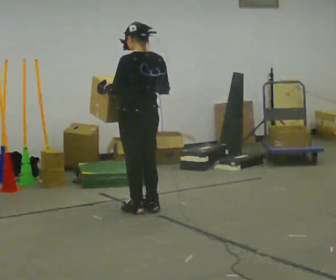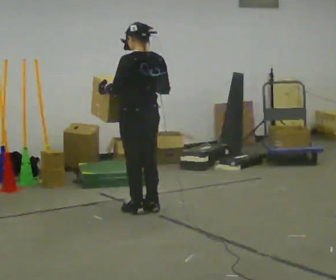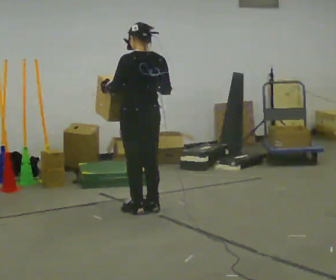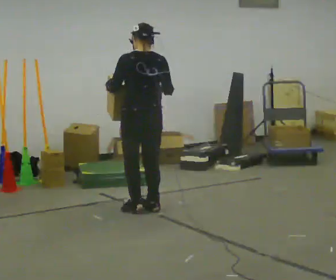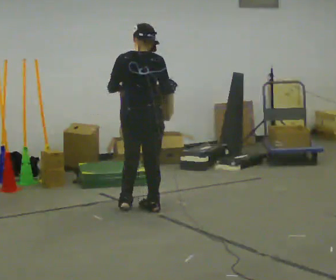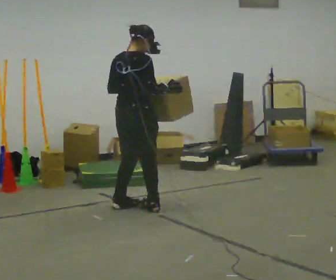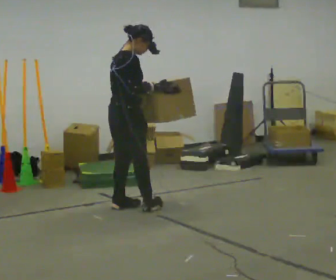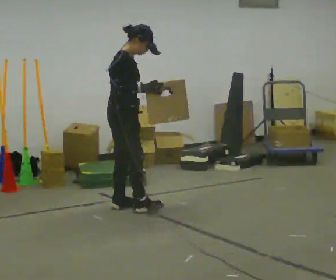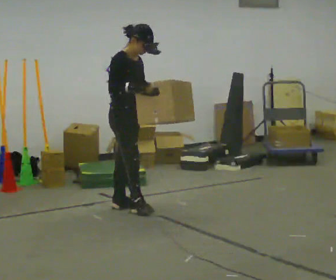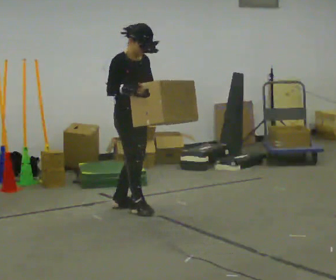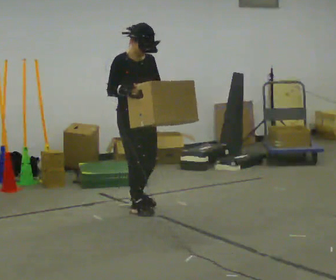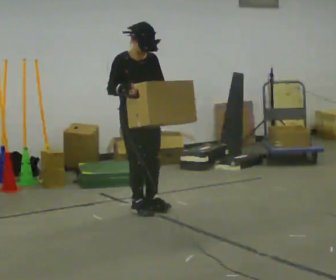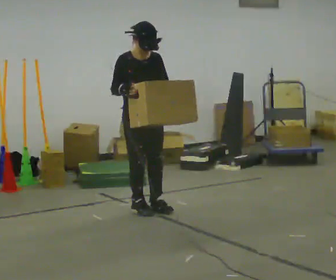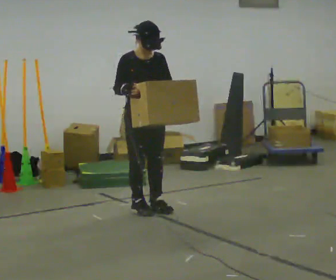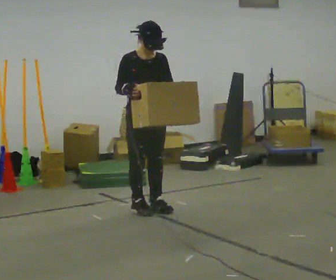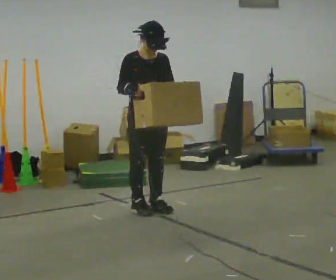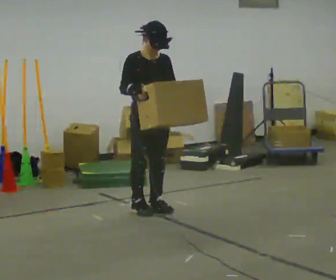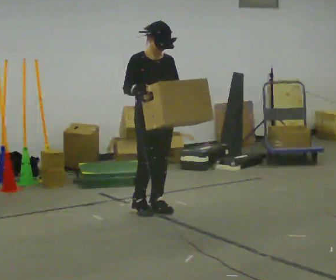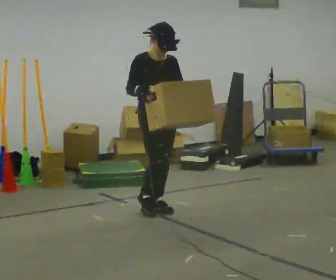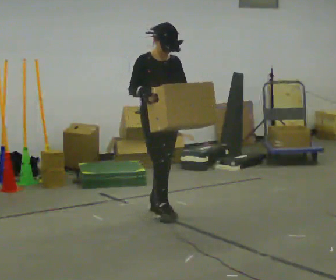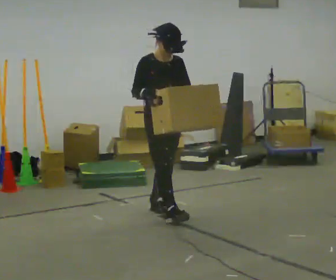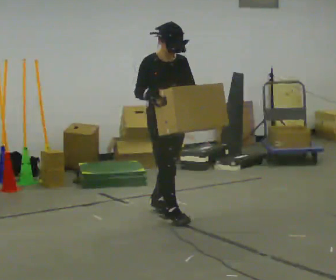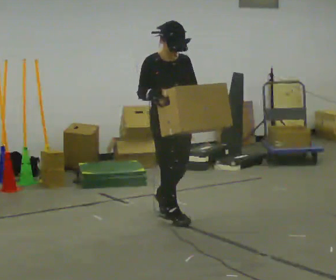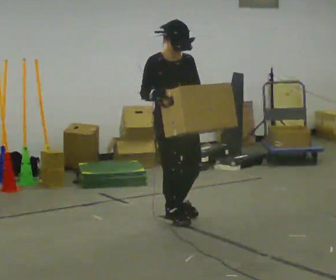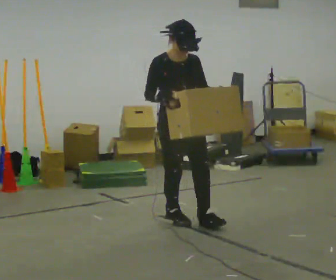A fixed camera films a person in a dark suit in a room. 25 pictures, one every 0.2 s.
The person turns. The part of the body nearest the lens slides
to the left.
The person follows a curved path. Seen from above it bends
clockwise.
0.0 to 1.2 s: The part of the body nearest the lens slides to the left as the person turns to their right by about 90 degrees. In the picture they go to the left, about 0.25 m in 1 step.
1.2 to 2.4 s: The person turns about 90 degrees to their right, clockwise seen from above, so the part of the body nearest the lens slides to the left.
2.4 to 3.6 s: The person moves a little, or ends about where they began.
3.6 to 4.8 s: In the picture they go toward the camera, about 0.5 m in 1 step, which for them is forward.
The film runs forward here.
